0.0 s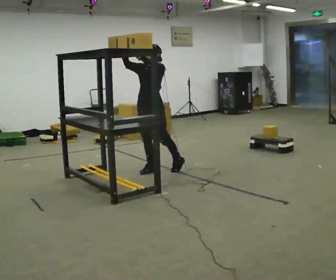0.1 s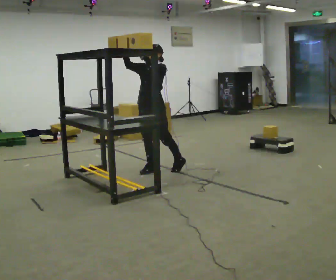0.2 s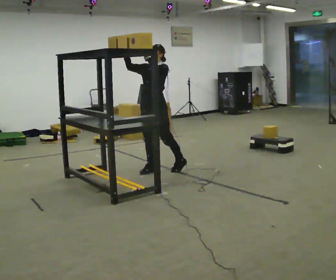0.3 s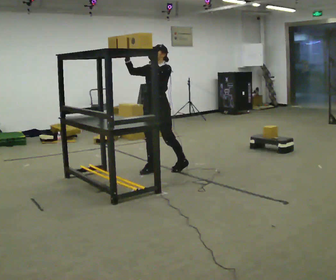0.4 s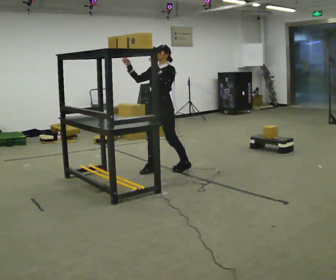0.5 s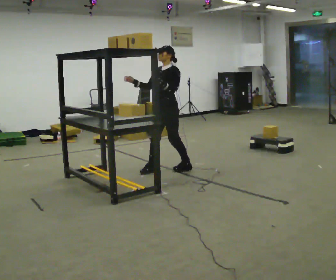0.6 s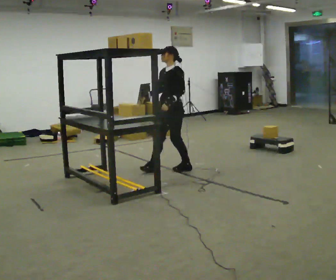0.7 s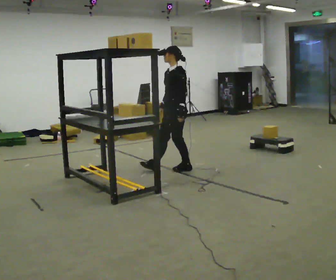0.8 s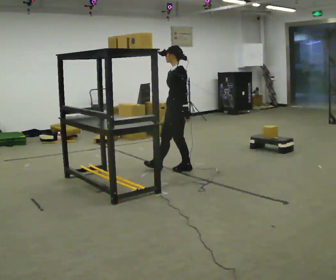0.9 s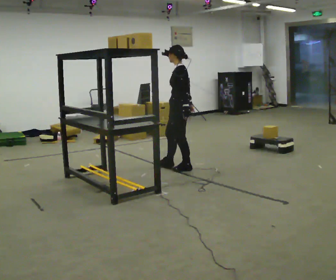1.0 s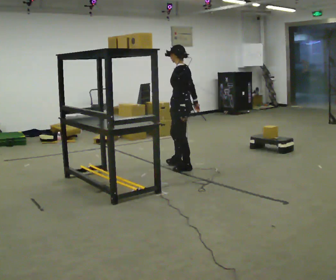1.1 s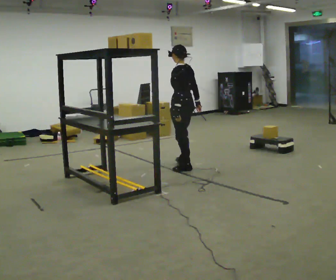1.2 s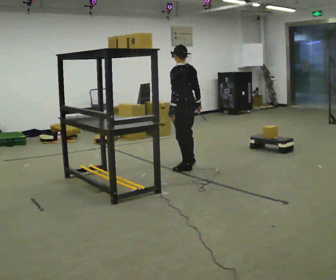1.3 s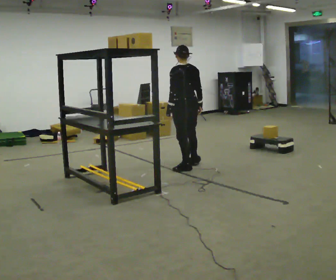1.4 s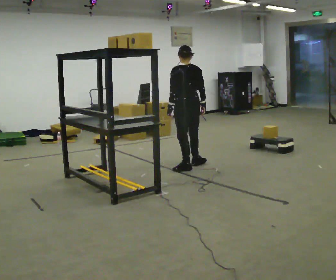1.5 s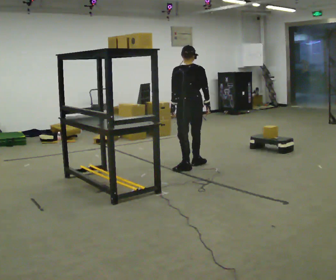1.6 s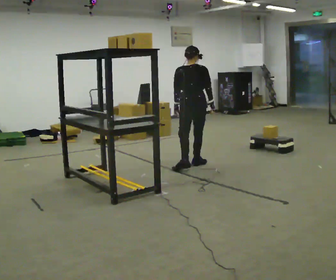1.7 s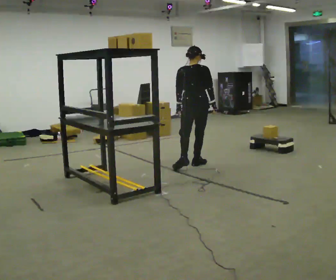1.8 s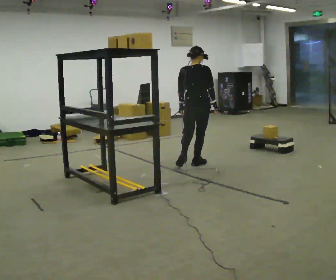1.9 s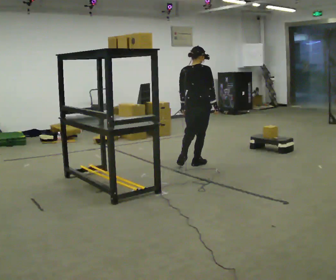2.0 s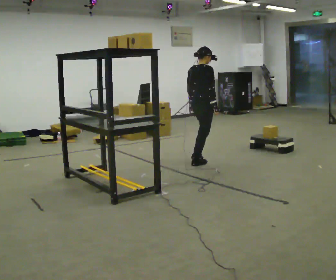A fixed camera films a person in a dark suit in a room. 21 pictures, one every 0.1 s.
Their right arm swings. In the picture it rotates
counterclockwise.
The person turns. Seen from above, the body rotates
clockwise.
0.0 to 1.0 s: Seen from above the body turns clockwise, about 75 degrees: to their right, with its near side sliding to the left. In the picture they go to the right, about 0.5 m. In the picture their right hand goes downward, the arm swinging counterclockwise.
1.0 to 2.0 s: The person turns about 120 degrees to their right, clockwise seen from above, so the part of the body nearest the lens slides to the left. In the picture they go away from the camera and to the right, about 0.25 m in 1 step.
The film runs forward here.
